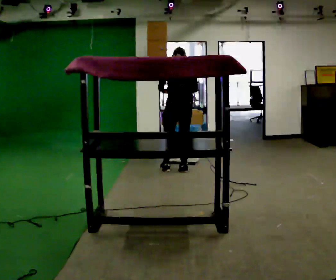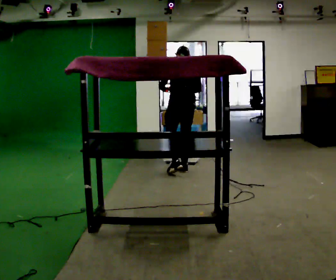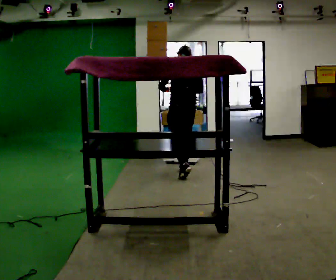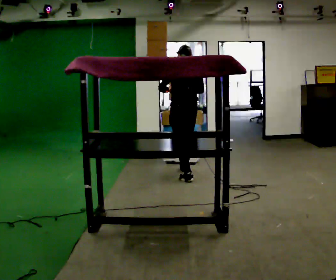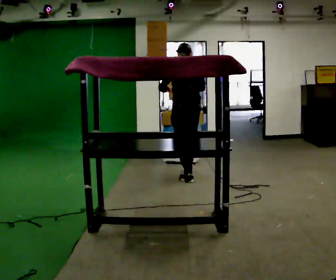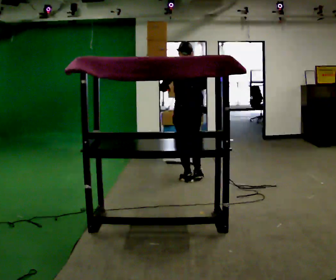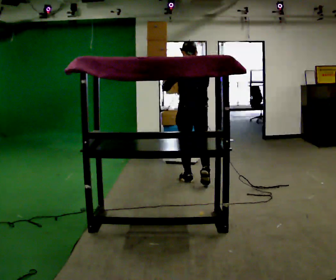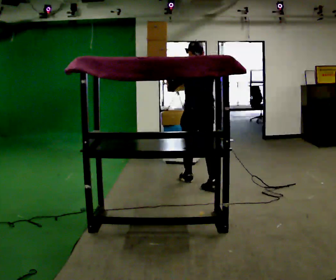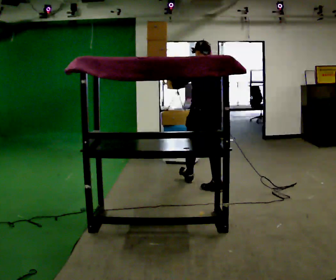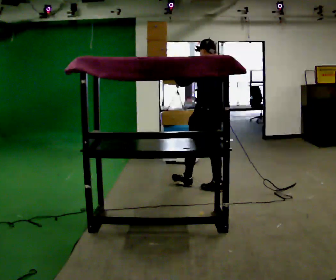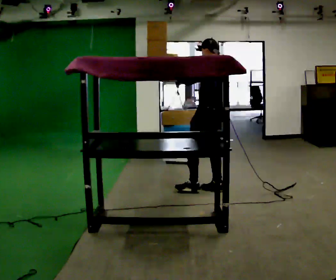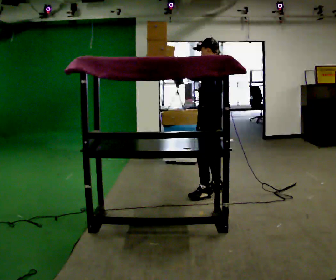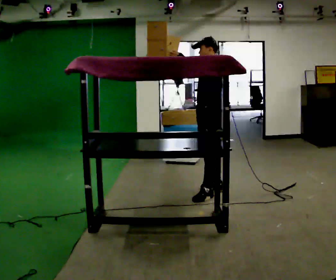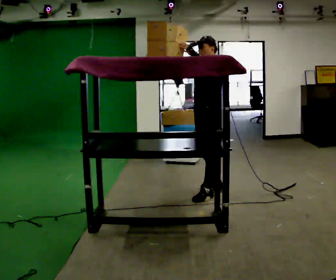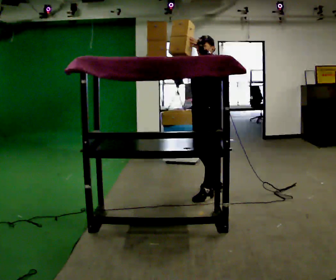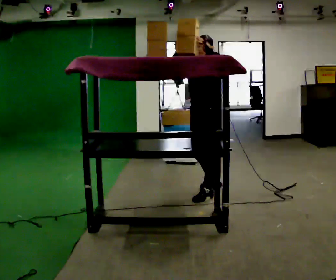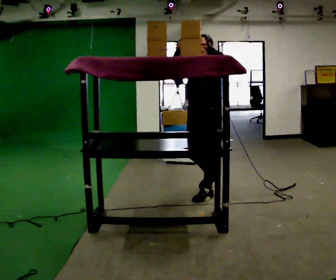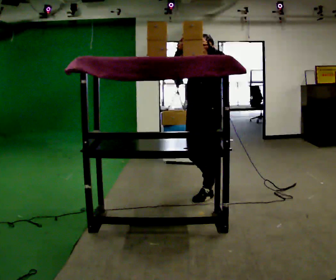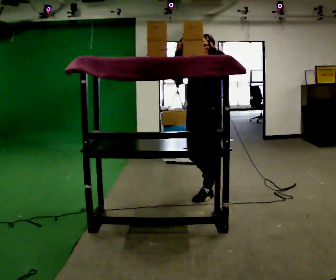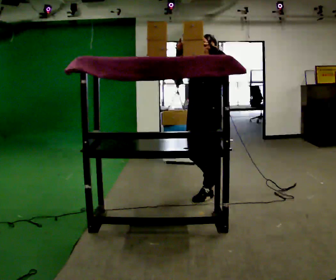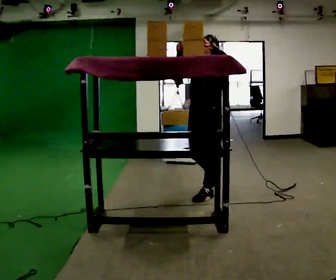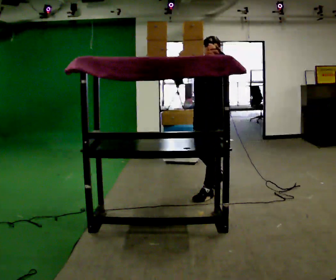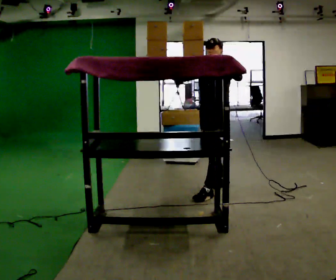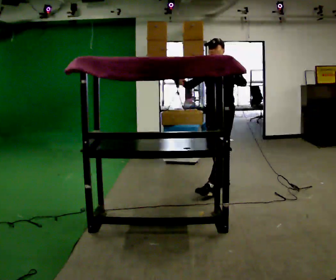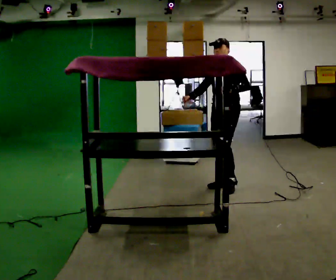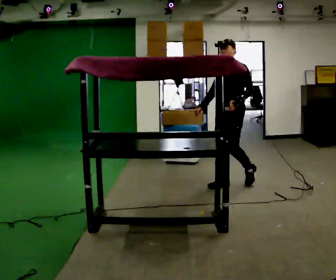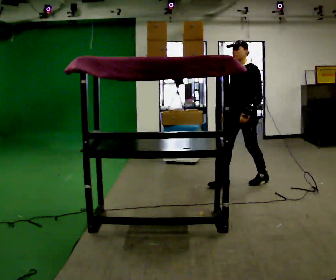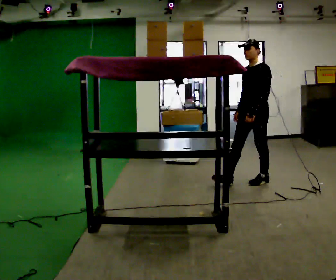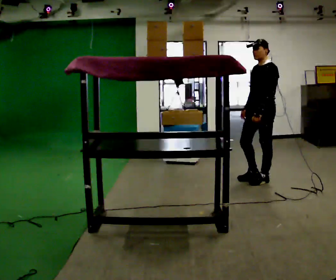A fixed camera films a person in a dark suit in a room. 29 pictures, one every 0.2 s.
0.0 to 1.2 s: In the picture they go toward the camera, about 0.5 m in 1 step, which for them is backward.
1.2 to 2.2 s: Seen from above the body turns counterclockwise, about 75 degrees: to their left, with its near side sliding to the right. In the picture they go toward the camera and to the right, about 0.5 m in 1 step.
2.2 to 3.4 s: The part of the body nearest the lens slides to the right as the person turns to their left by about 60 degrees. In the picture they go toward the camera, about 0.25 m.
3.4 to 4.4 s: In the picture they go away from the camera, about 0.25 m in 1 step, which for them is backward.
4.4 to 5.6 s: In the picture they go to the right and away from the camera, about 0.75 m in 2 steps, which for them is backward. In the picture their right hand goes downward, the arm swinging counterclockwise.
The film runs backward here.
